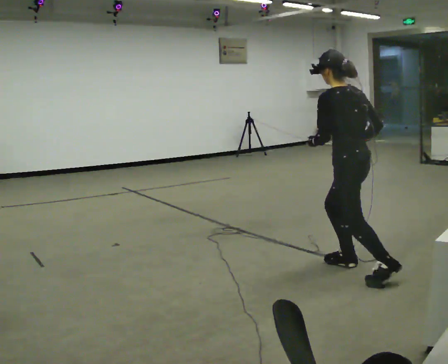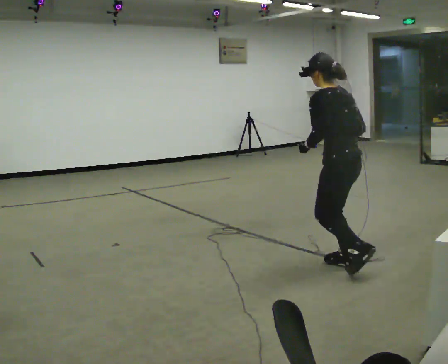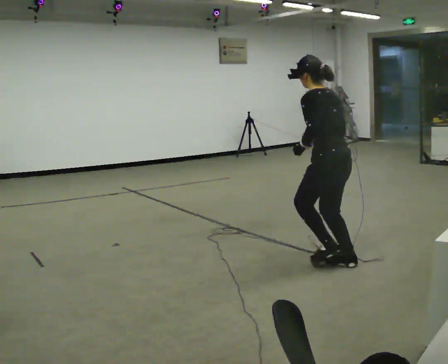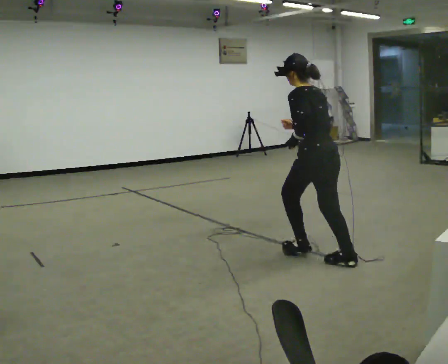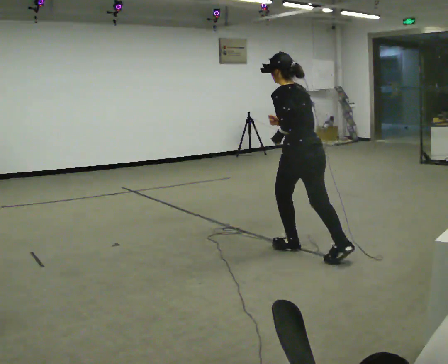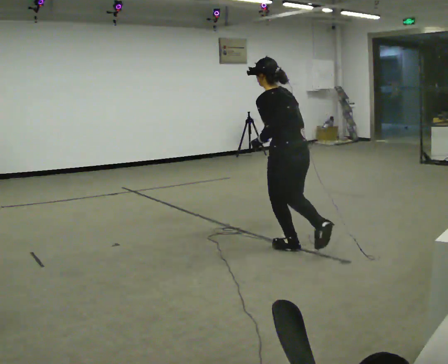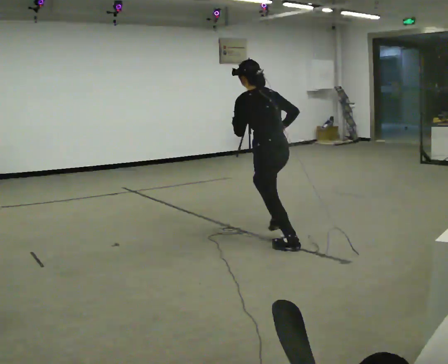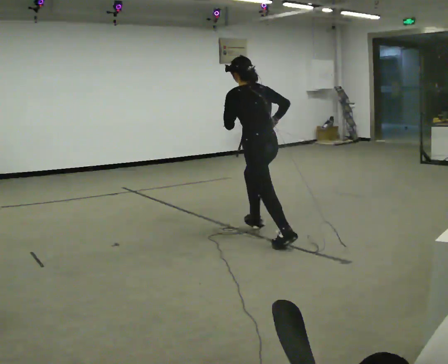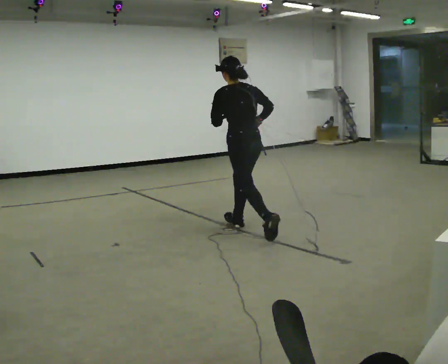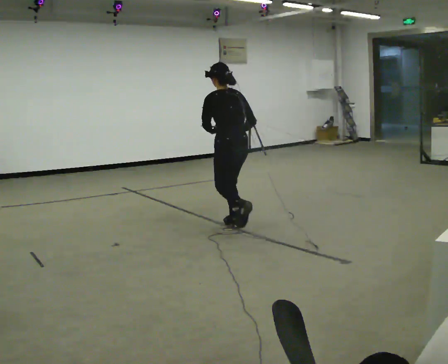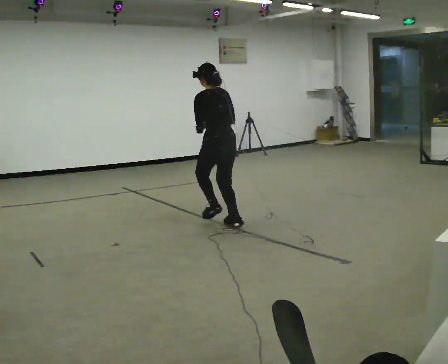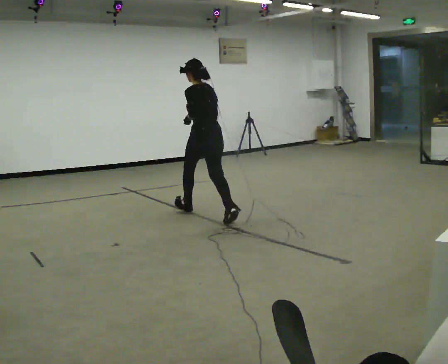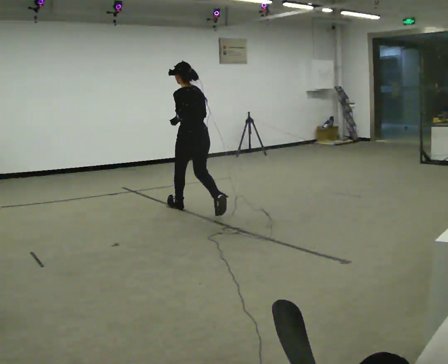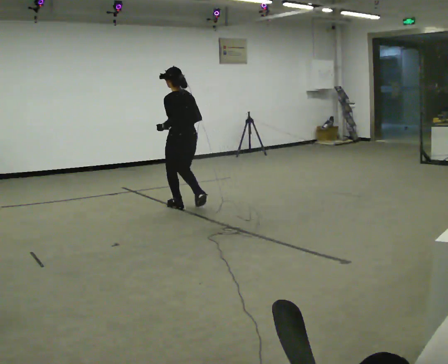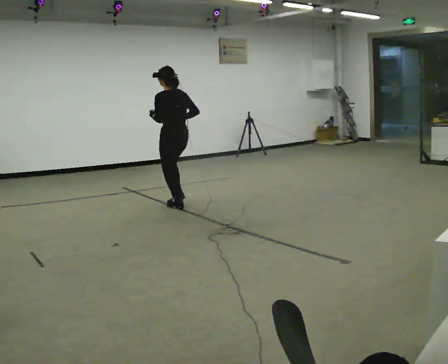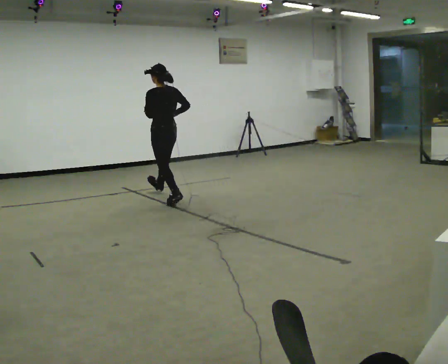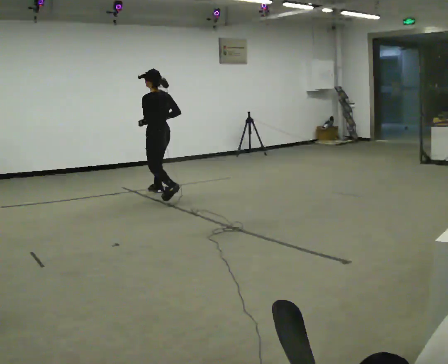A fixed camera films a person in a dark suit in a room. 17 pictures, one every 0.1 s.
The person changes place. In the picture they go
away from the camera.
0.0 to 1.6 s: In the picture they go away from the camera and to the left, about 3 m in 3 steps, which for them is forward.
The film runs forward here.
